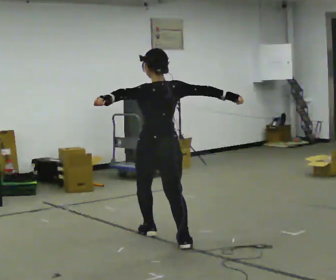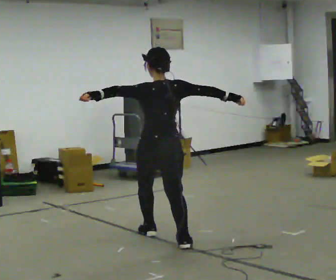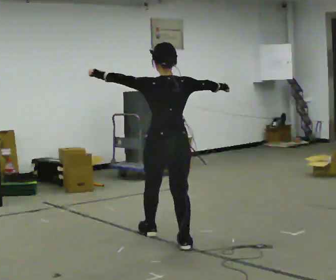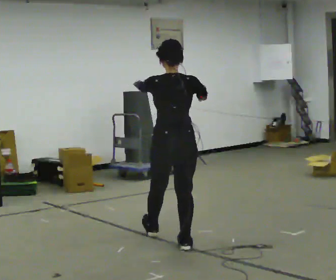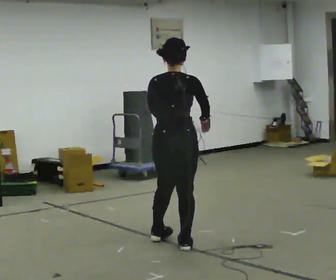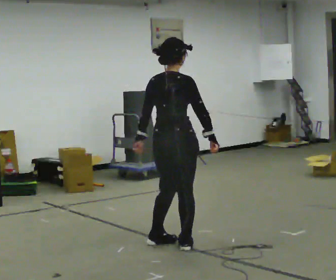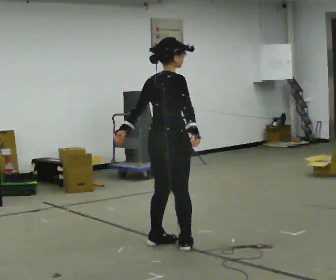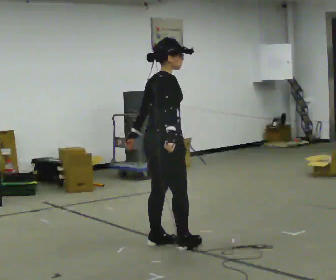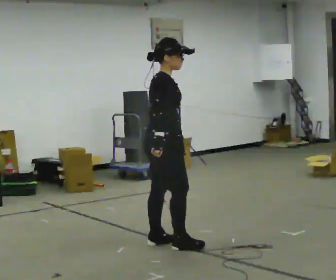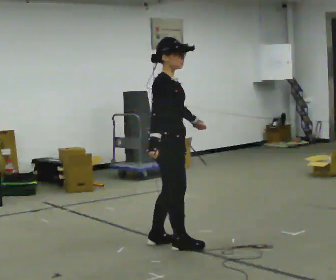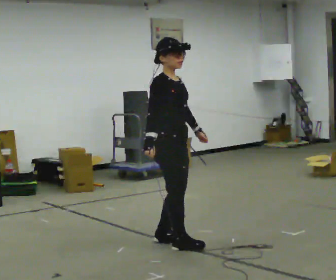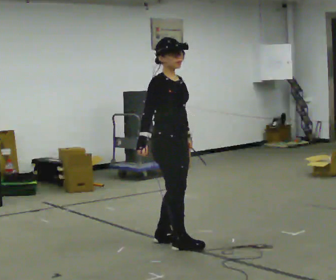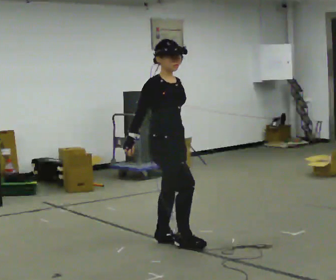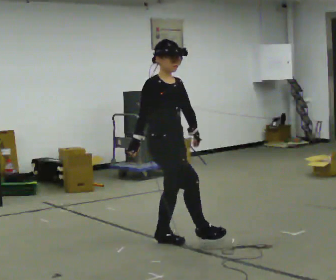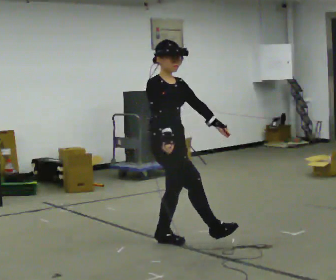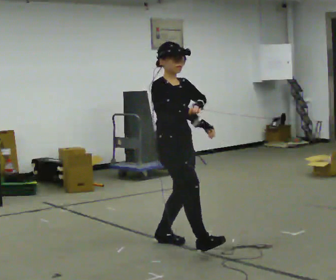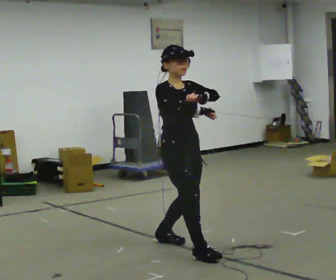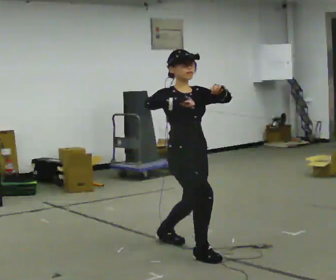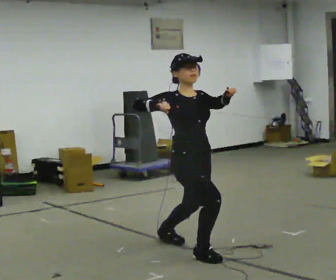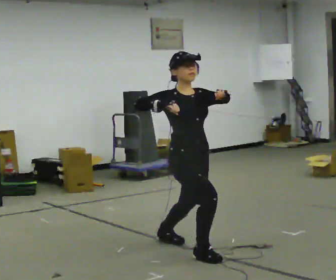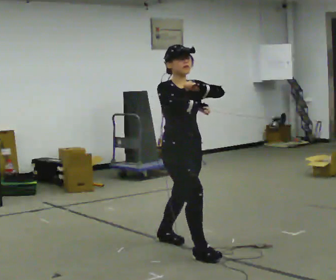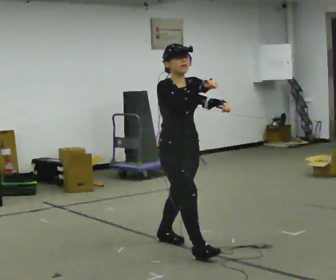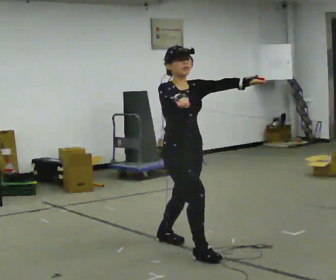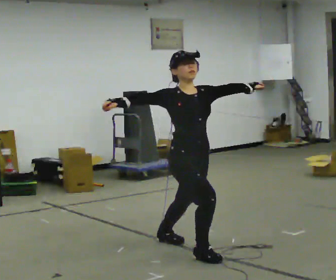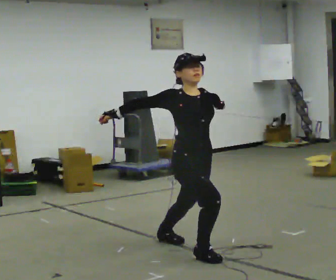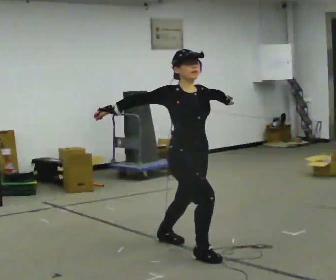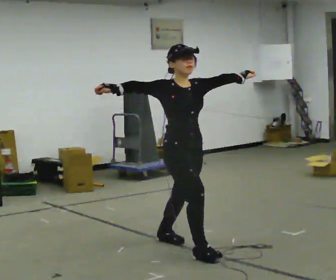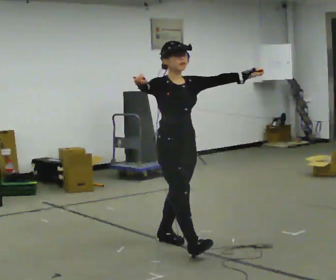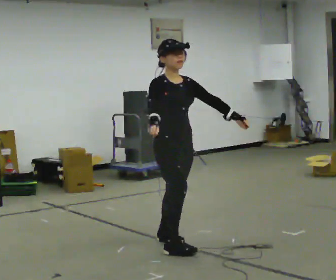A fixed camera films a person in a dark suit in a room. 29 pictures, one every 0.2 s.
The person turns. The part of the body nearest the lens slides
to the left.
The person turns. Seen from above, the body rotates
clockwise.
0.0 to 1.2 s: The person turns about 60 degrees to their right, clockwise seen from above, so the part of the body nearest the lens slides to the left. In the picture they go toward the camera, about 0.25 m in 1 step. In the picture their right hand goes to the left.
1.2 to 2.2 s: Seen from above the body turns clockwise, about 75 degrees: to their right, with its near side sliding to the left. In the picture their left hand goes to the right.
2.2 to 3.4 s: In the picture they go toward the camera, about 0.25 m in 1 step, which for them is forward. In the picture their left hand goes upward and to the right.
3.4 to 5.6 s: In the picture they go away from the camera, about 0.25 m in 1 step, which for them is backward.
The film runs forward here.
